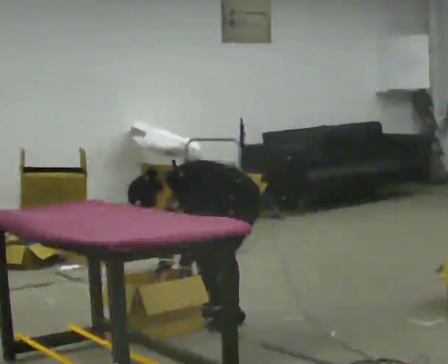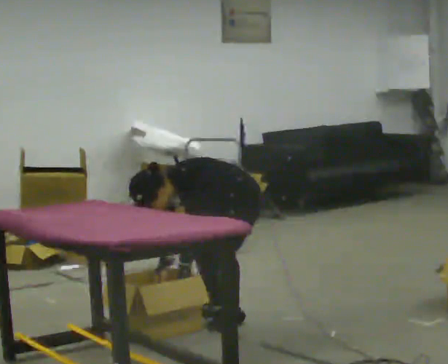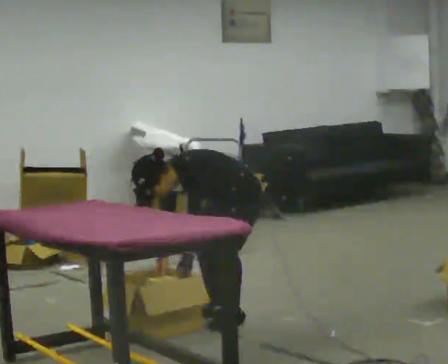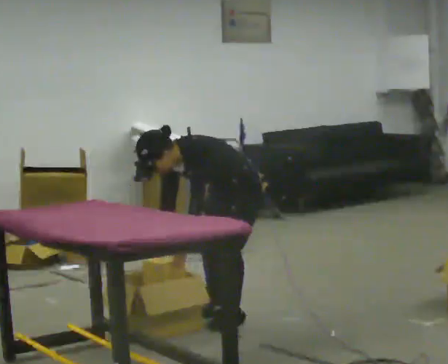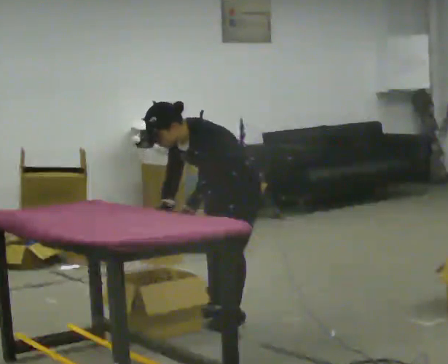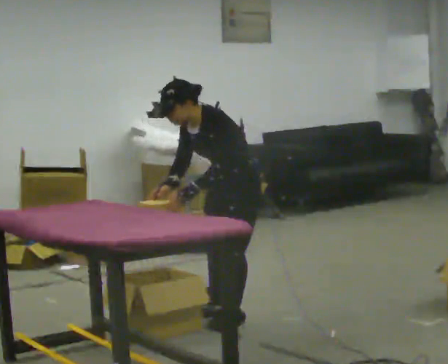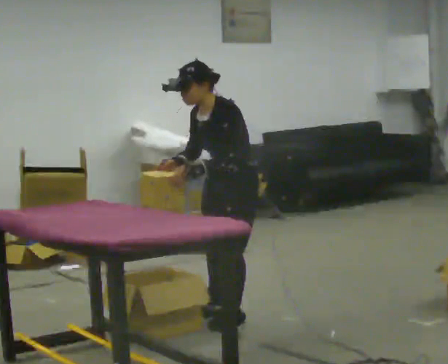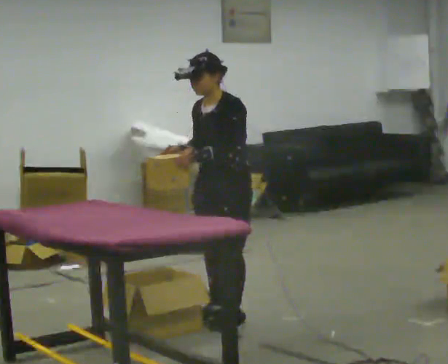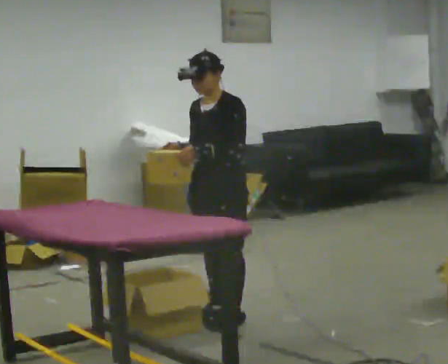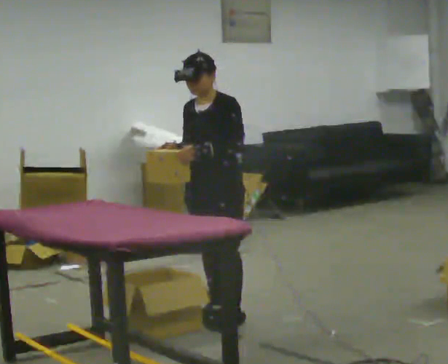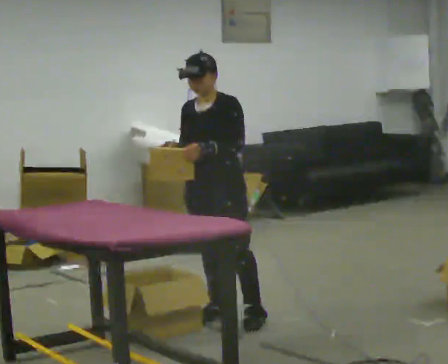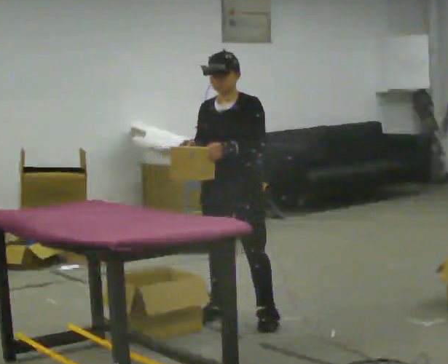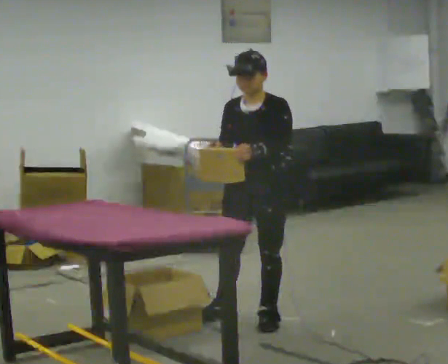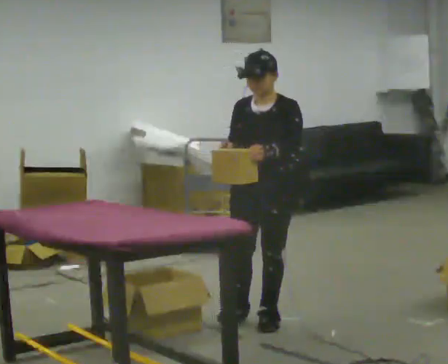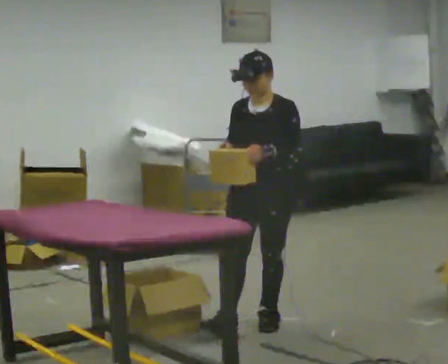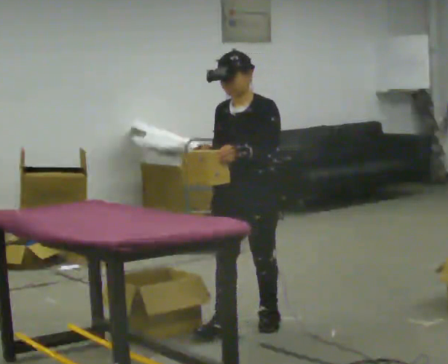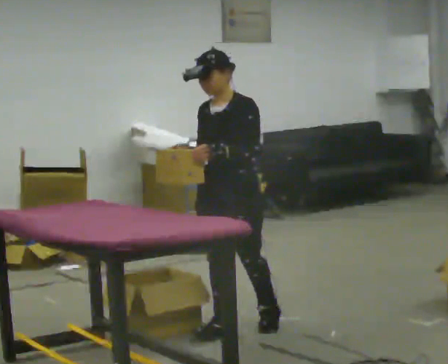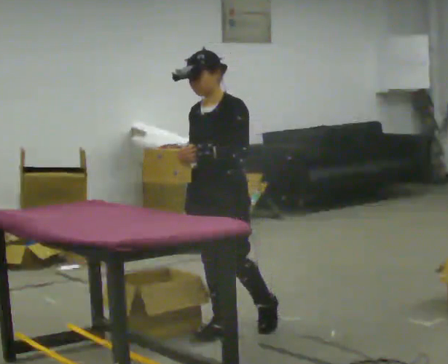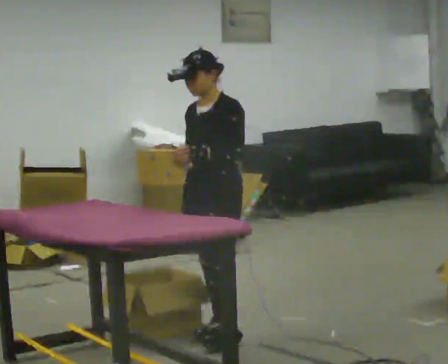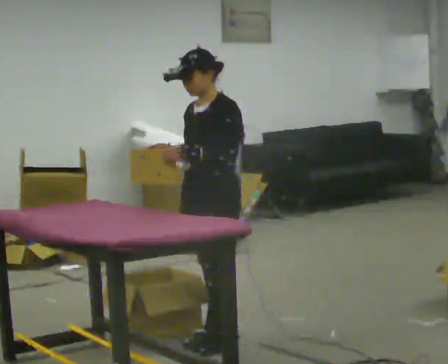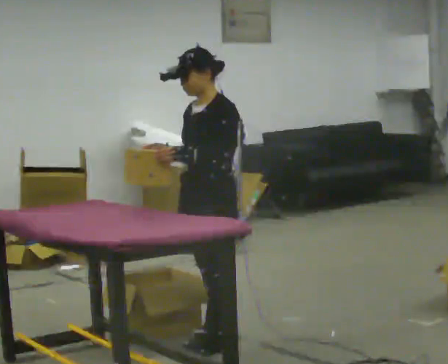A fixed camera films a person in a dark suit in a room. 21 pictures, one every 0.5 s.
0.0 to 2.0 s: The upper body goes upward. In the picture the upper body tilts clockwise, shoulders to the right, as they lean back or straighten. In the picture their left hand goes upward.
2.0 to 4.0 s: In the picture the upper body tilts clockwise, shoulders to the right, as they lean back or straighten. In the picture their left hand goes upward.
4.0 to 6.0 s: In the picture they go to the right, about 0.25 m, which for them is to their left.
6.0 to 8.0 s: In the picture they go toward the camera and to the left, about 0.25 m in 1 step, which for them is forward.
8.0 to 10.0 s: In the picture they go toward the camera, about 0.25 m in 1 step, which for them is forward.
The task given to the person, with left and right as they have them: 1. Take everything out of the crates by the door. 2. Put the small items on the middle shelf. 3. Put the large items on the bottom shelf. 4. Stack the empty crates by the door. 5. Tell the operator when you are finished.
The film runs forward here.
